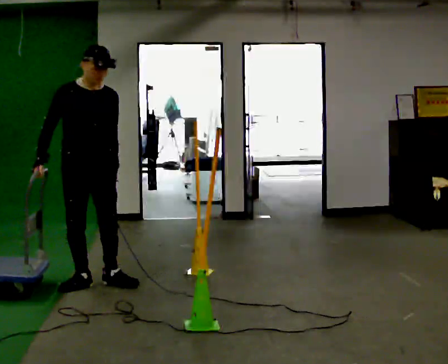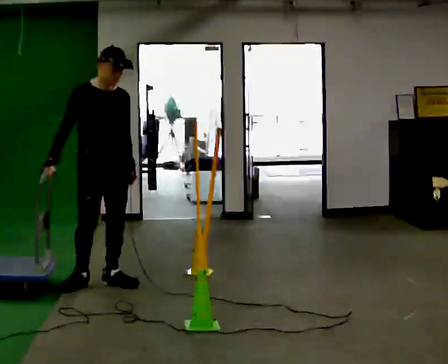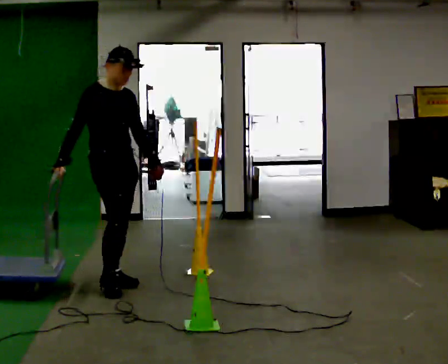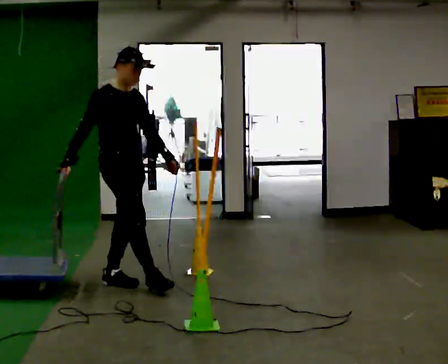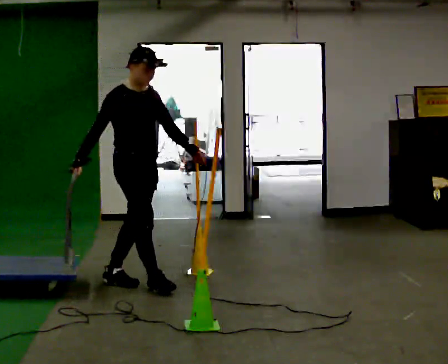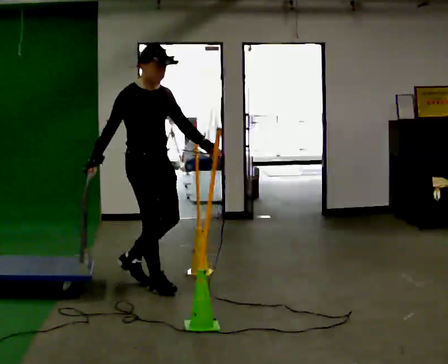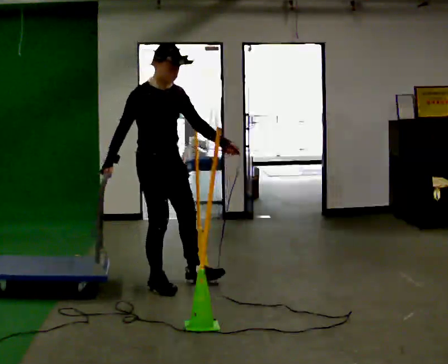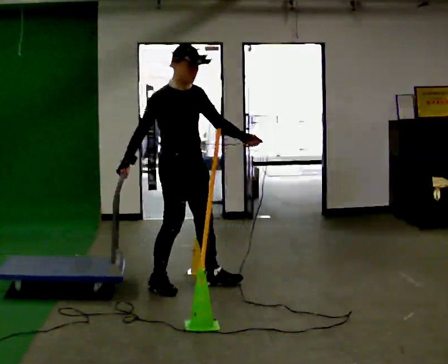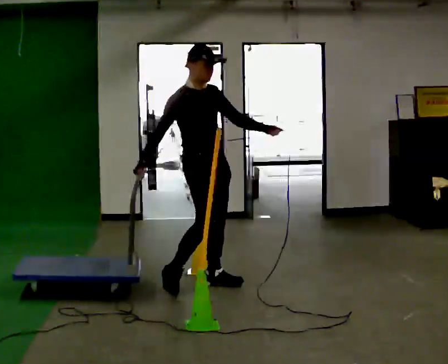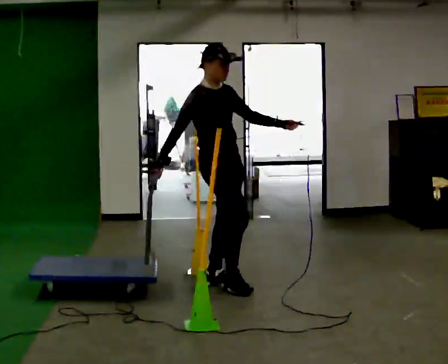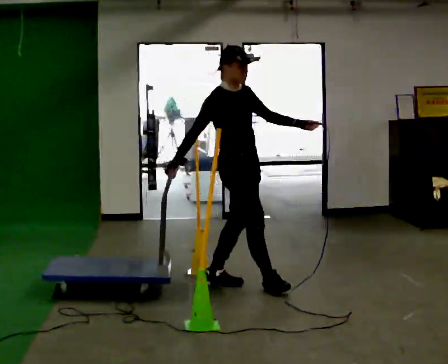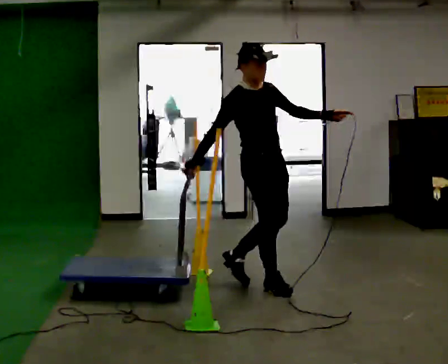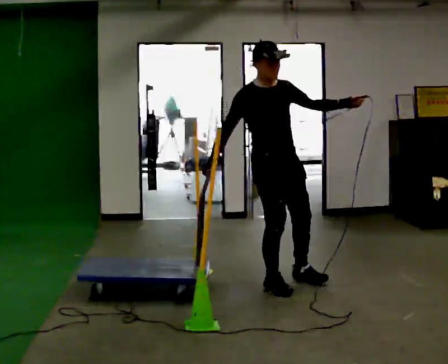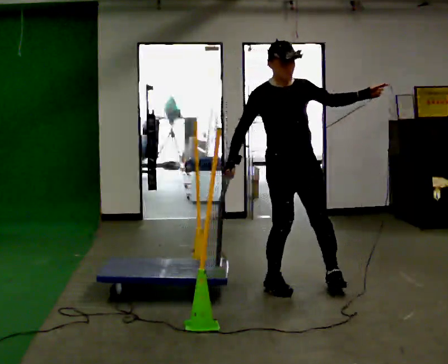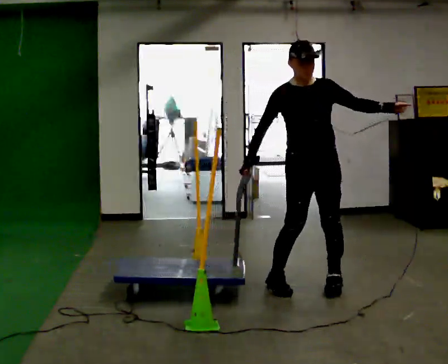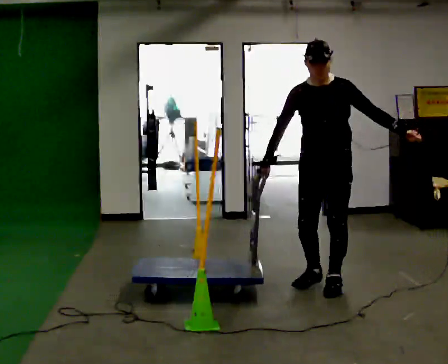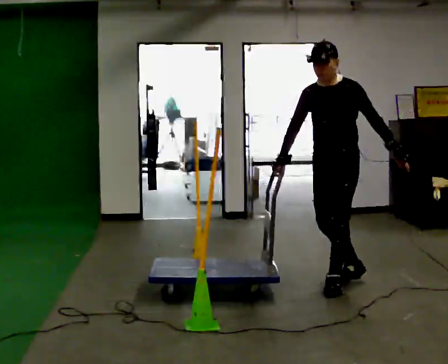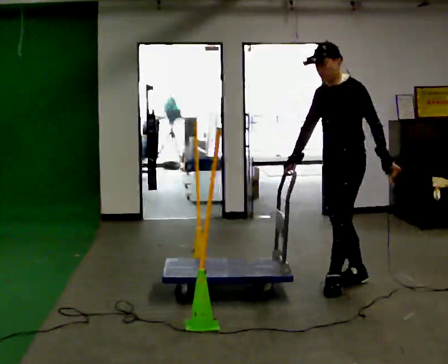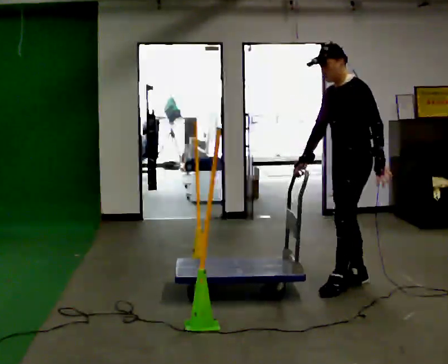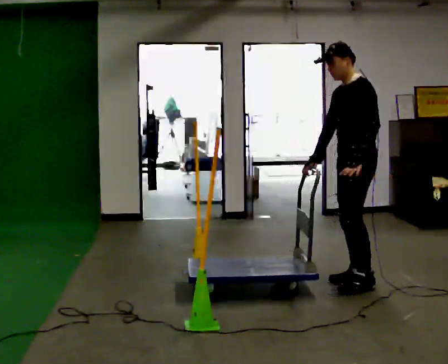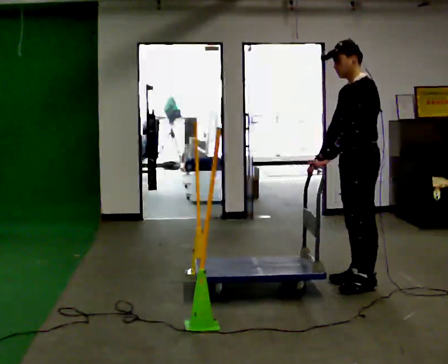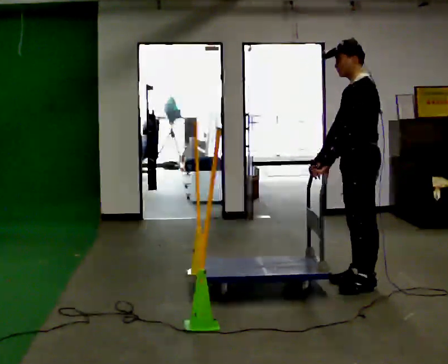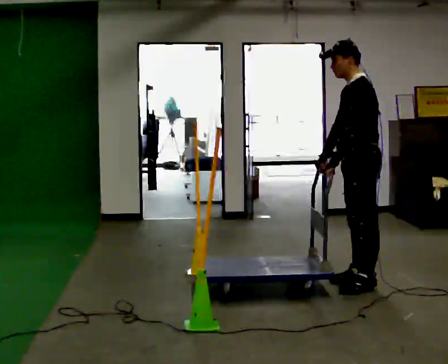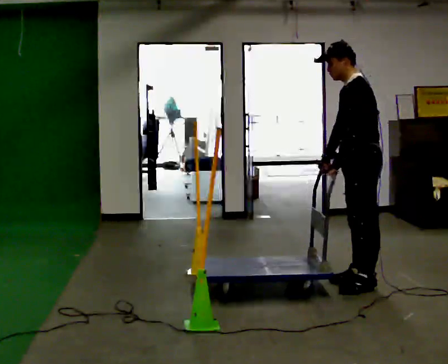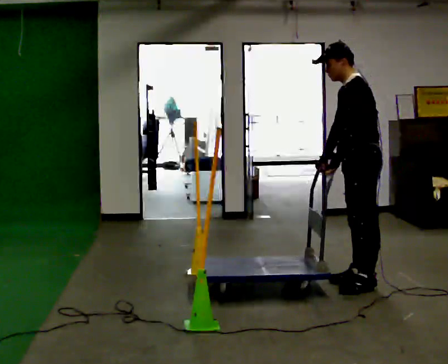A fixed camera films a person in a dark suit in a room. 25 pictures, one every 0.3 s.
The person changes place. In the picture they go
to the right.
0.0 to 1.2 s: Seen from above the body turns counterclockwise, about 30 degrees: to their left, with its near side sliding to the right. In the picture they go to the right, about 0.25 m in 1 step, which for them is forward and to their left.
1.2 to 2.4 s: In the picture they go to the right, about 0.5 m in 1 step, which for them is forward and to their left.
2.4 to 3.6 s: In the picture they go to the right, about 0.5 m in 1 step, which for them is forward.
3.6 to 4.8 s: The part of the body nearest the lens slides to the left as the person turns to their right by about 90 degrees. In the picture they go to the right, about 0.5 m in 2 steps. In the picture their left hand goes downward.
4.8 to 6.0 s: The part of the body nearest the lens slides to the left as the person turns to their right by about 30 degrees. In the picture they go to the right, about 0.25 m in 1 step, which for them is backward. In the picture their left hand goes to the left, the arm swinging clockwise.
6.0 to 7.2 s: The person moves a little, or ends about where they began.
The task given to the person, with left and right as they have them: Push the cart in and out of the line of poles without touching any of them. Keep going until the operator says stop.
The film runs forward here.
